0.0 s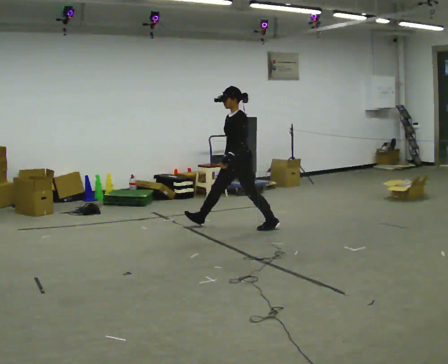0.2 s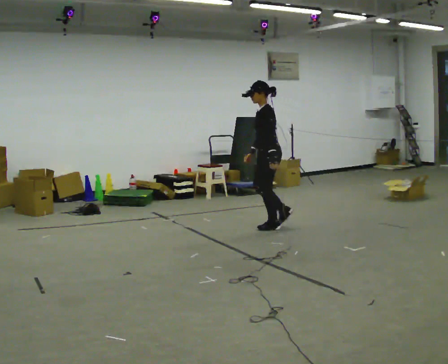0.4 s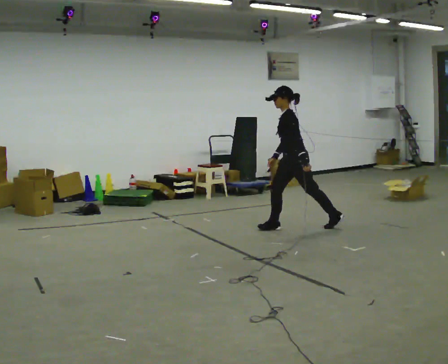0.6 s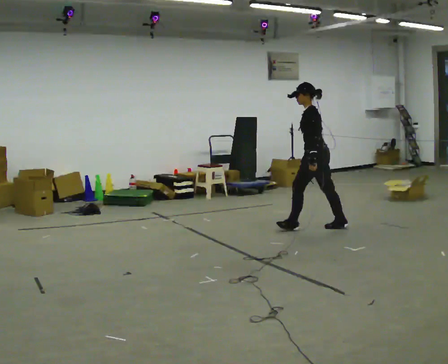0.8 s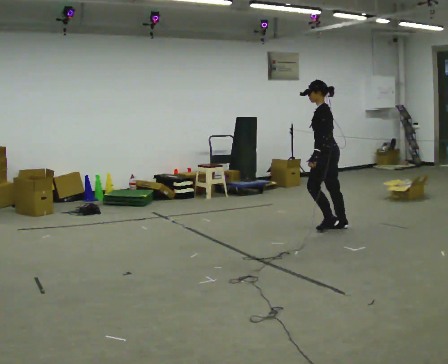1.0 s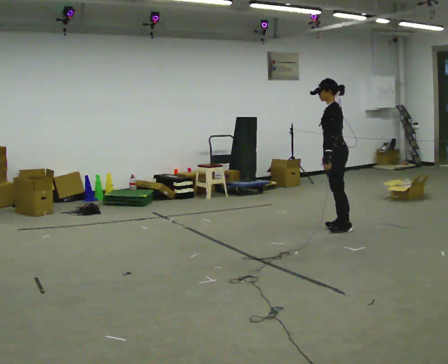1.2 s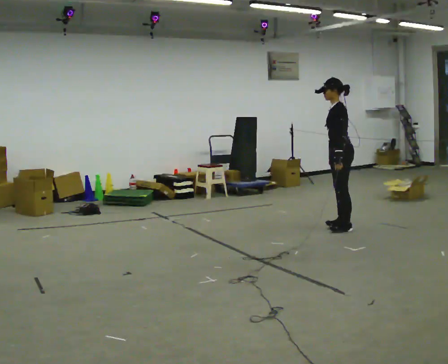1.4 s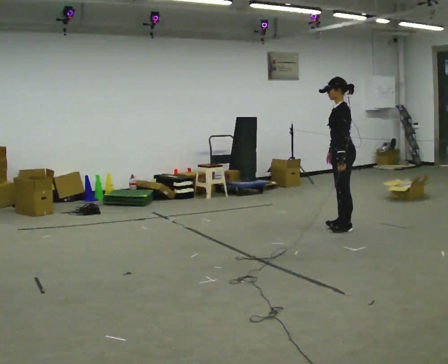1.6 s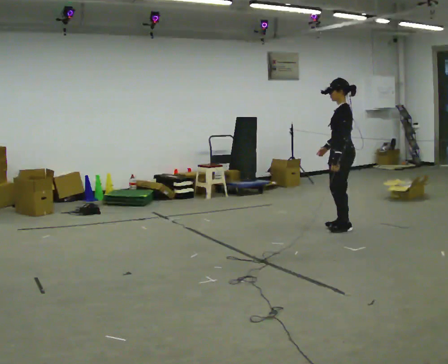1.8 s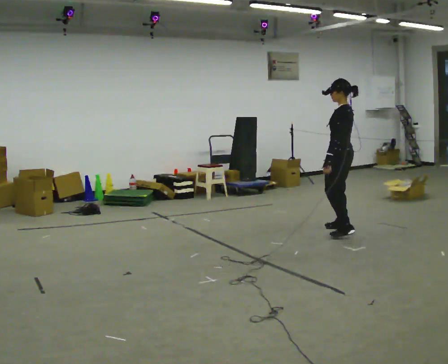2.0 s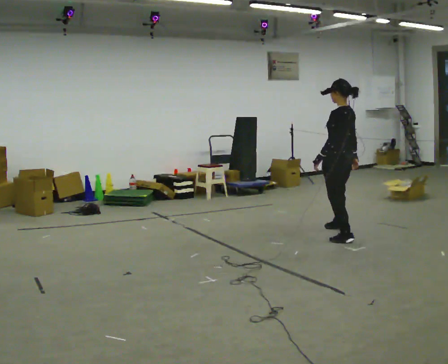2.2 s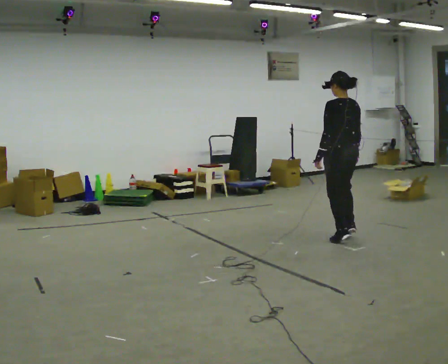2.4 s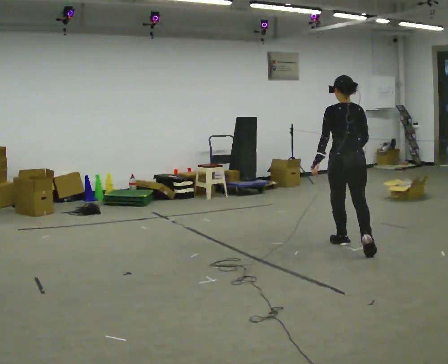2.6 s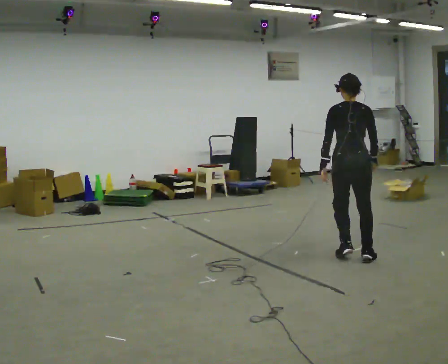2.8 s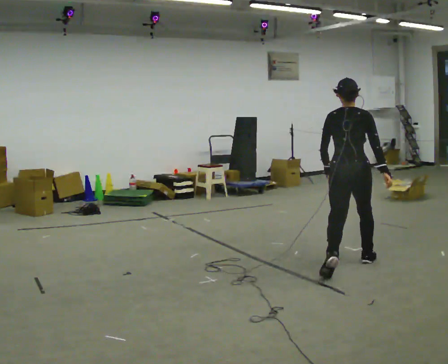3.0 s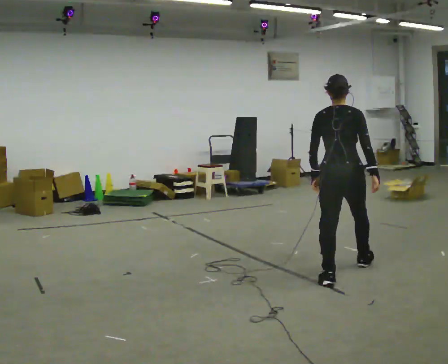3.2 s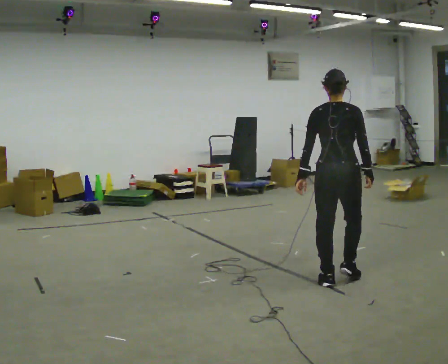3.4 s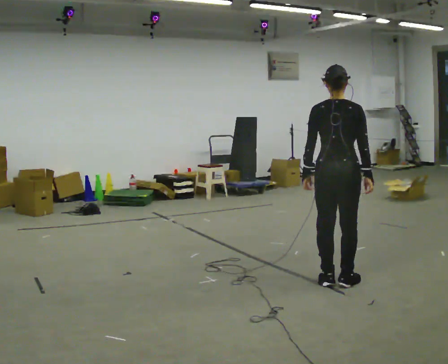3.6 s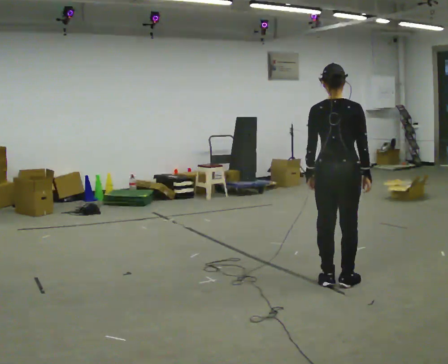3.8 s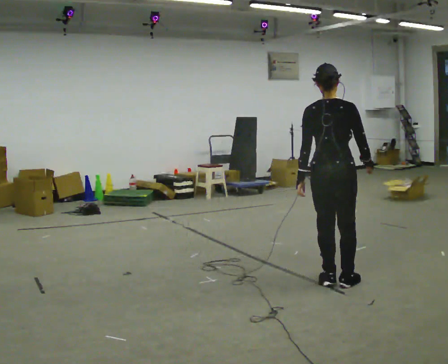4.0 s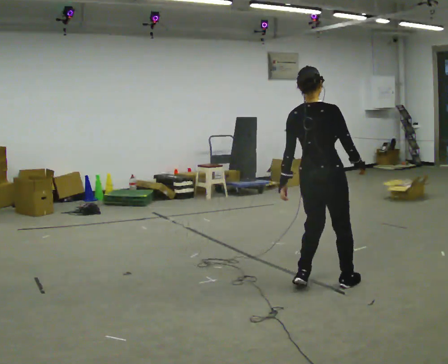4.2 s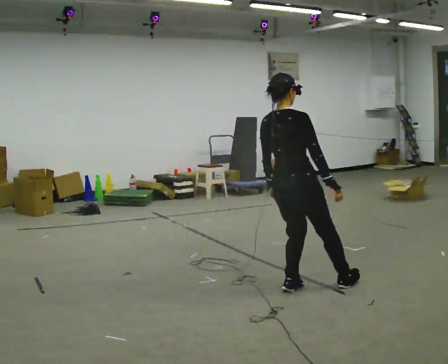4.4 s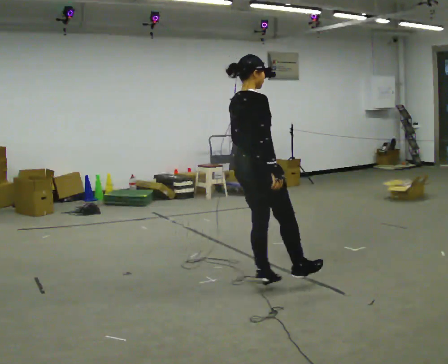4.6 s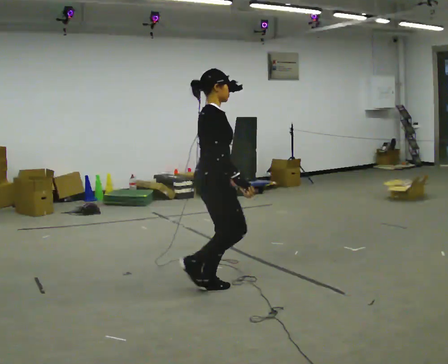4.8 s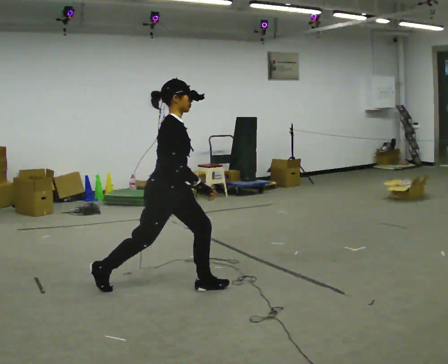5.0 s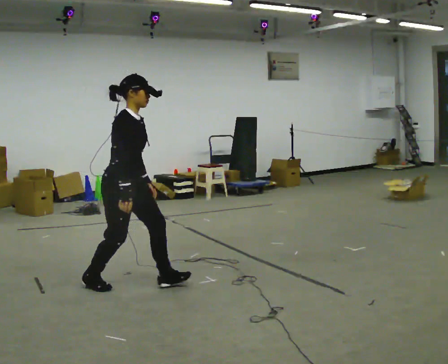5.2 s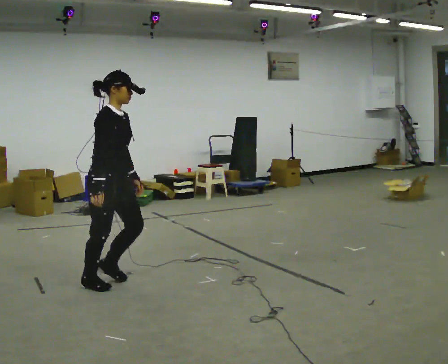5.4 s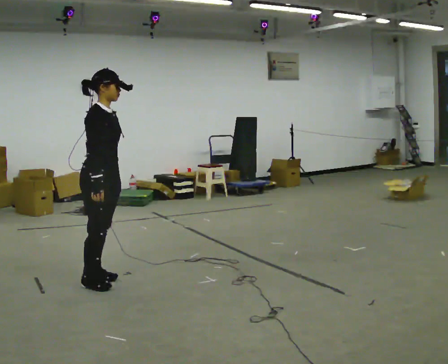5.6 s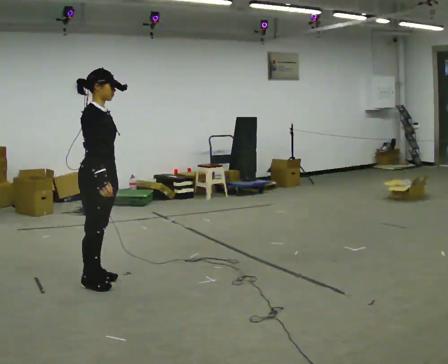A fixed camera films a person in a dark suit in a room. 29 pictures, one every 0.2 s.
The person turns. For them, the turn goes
to their right.
The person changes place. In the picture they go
toward the camera.
0.0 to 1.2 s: The part of the body nearest the lens slides to the left as the person turns to their right by about 30 degrees. In the picture they go to the right, about 1 m in 1 step, which for them is backward.
1.2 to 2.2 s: The person turns about 60 degrees to their right, clockwise seen from above, so the part of the body nearest the lens slides to the left. In the picture they go toward the camera, about 0.5 m in 2 steps, which for them is to their left.
2.2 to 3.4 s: Seen from above the body turns clockwise, about 45 degrees: to their right, with its near side sliding to the left. In the picture they go toward the camera, about 1 m in 2 steps, which for them is backward.
3.4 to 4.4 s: The person turns about 45 degrees to their right, clockwise seen from above, so the part of the body nearest the lens slides to the left. In the picture they go to the left, about 0.5 m in 3 steps, which for them is to their left and backward.
4.4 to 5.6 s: The person turns about 30 degrees to their right, clockwise seen from above, so the part of the body nearest the lens slides to the left. In the picture they go to the left, about 1 m in 1 step, which for them is backward.
The film runs backward here.
